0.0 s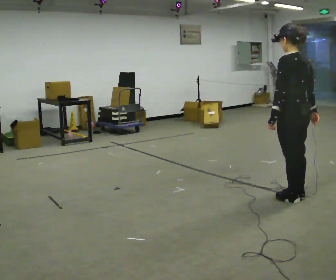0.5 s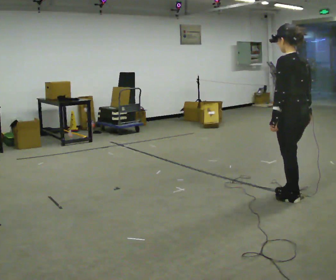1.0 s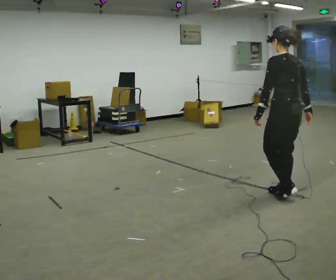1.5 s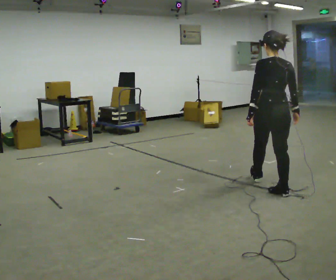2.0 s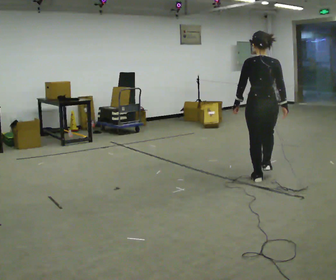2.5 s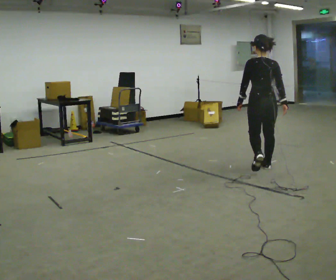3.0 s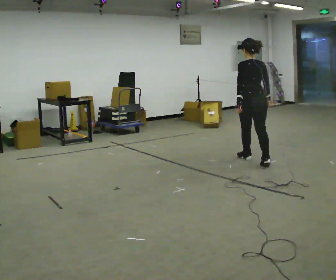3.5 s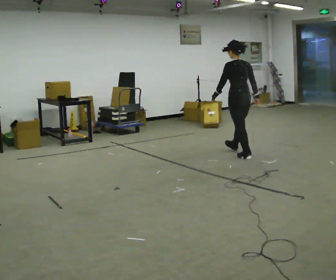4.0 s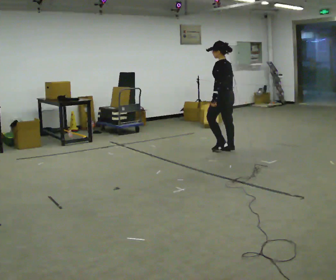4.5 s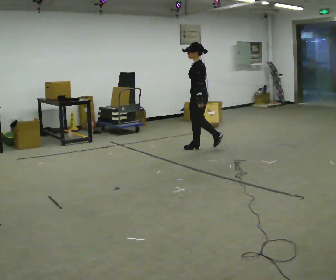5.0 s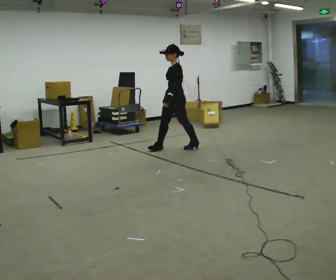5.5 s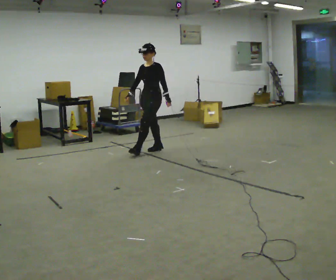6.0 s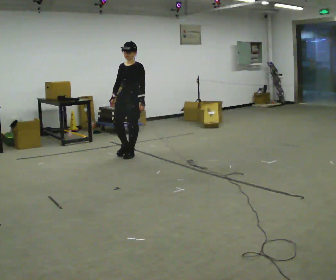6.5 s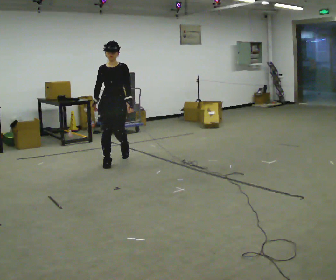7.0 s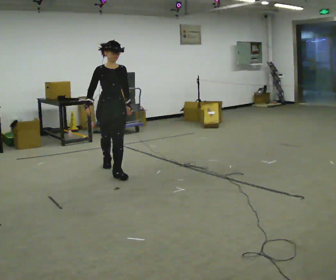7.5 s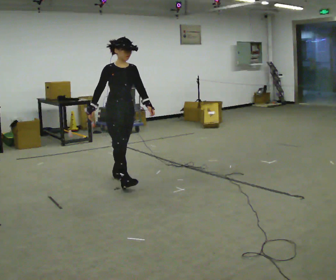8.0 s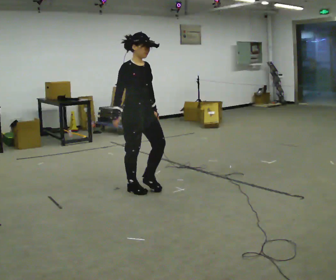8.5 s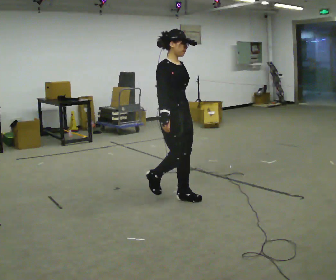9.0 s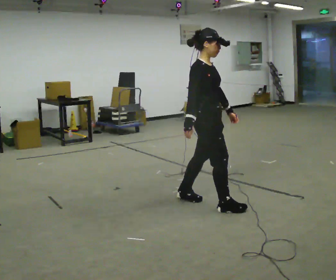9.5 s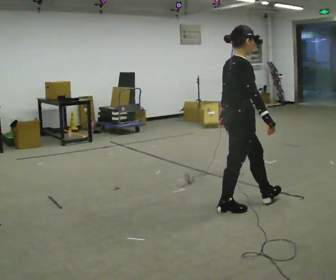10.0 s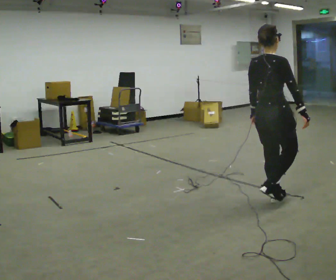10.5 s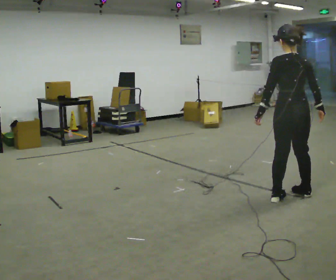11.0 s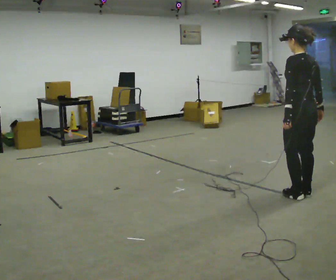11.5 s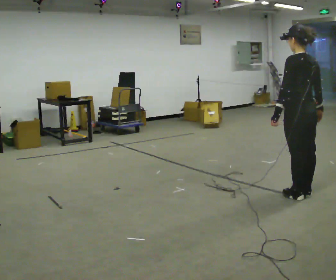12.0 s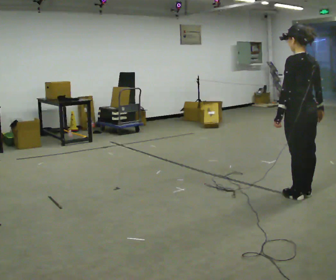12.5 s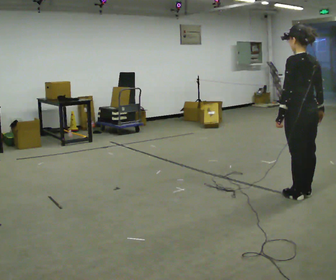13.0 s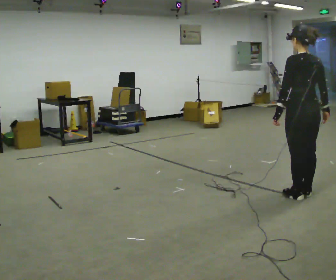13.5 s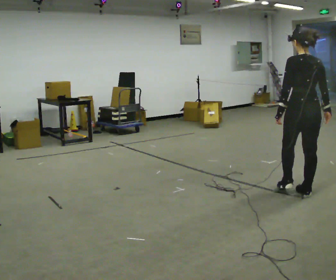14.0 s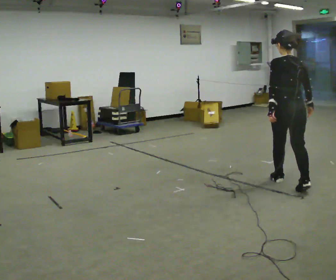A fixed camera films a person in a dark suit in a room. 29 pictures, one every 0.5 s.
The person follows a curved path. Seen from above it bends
counterclockwise.
0.0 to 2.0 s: The person turns about 45 degrees to their right, clockwise seen from above, so the part of the body nearest the lens slides to the left. In the picture they go away from the camera, about 0.5 m in 2 steps, which for them is forward.
2.0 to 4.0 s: The part of the body nearest the lens slides to the right as the person turns to their left by about 60 degrees. In the picture they go away from the camera, about 1.5 m in 3 steps.
4.0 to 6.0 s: Seen from above the body turns counterclockwise, about 90 degrees: to their left, with its near side sliding to the right. In the picture they go to the left, about 1.5 m in 3 steps.
6.0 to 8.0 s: Seen from above the body turns counterclockwise, about 75 degrees: to their left, with its near side sliding to the right. In the picture they go toward the camera, about 1.5 m in 3 steps.
8.0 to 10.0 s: Seen from above the body turns counterclockwise, about 75 degrees: to their left, with its near side sliding to the right. In the picture they go to the right and toward the camera, about 1.5 m in 3 steps.
10.0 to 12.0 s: The person turns about 75 degrees to their left, counterclockwise seen from above, so the part of the body nearest the lens slides to the right. In the picture they go to the right, about 0.25 m in 2 steps.
12.0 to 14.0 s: The part of the body nearest the lens slides to the left as the person turns to their right by about 30 degrees. In the picture they go away from the camera, about 0.5 m in 1 step, which for them is forward.
The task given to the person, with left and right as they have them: Walk straight; turn around and walk back; use wide or tight turn.
The film runs forward here.
